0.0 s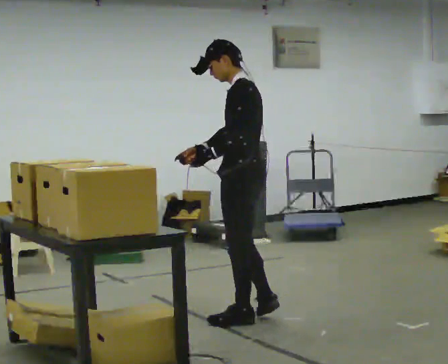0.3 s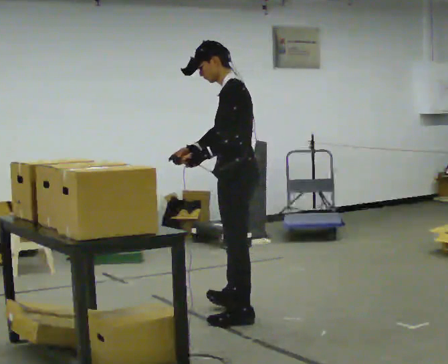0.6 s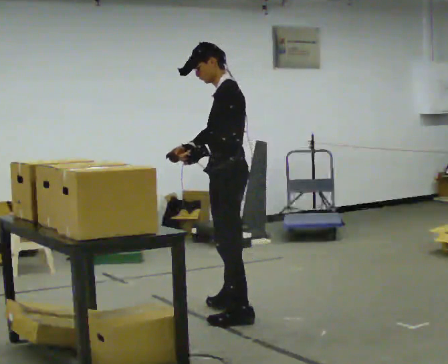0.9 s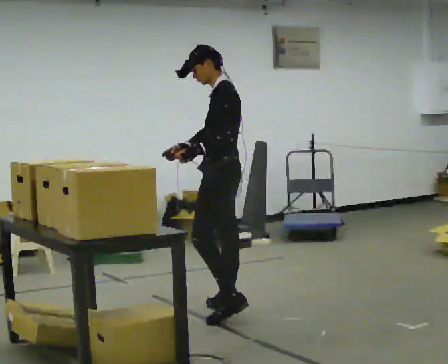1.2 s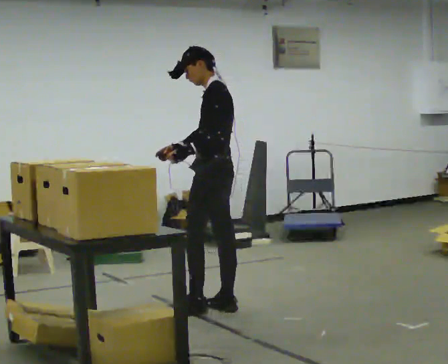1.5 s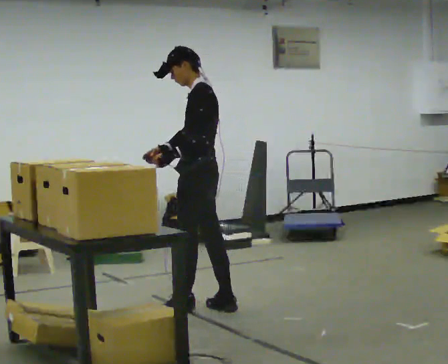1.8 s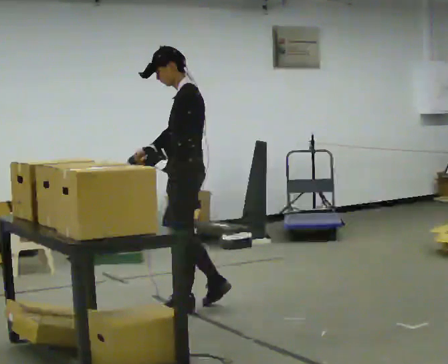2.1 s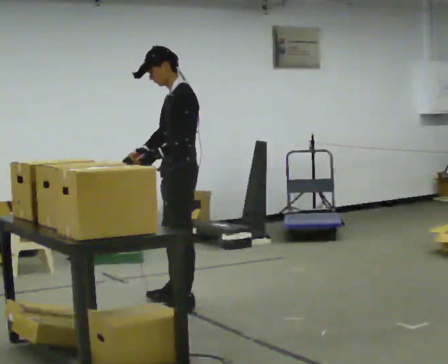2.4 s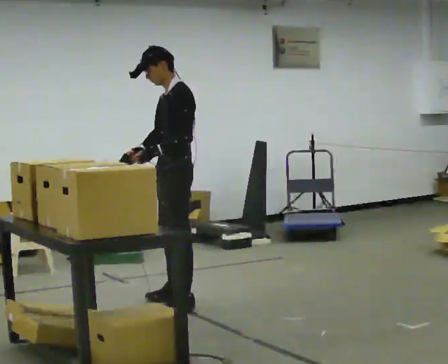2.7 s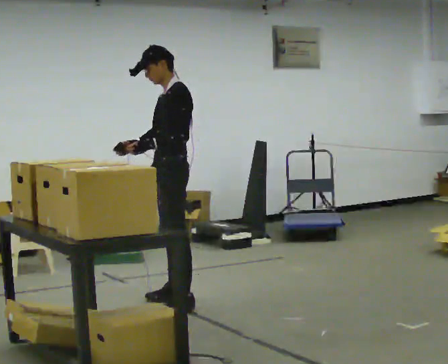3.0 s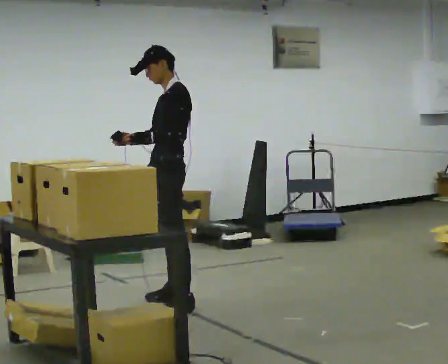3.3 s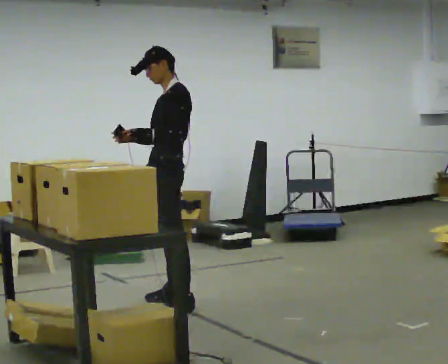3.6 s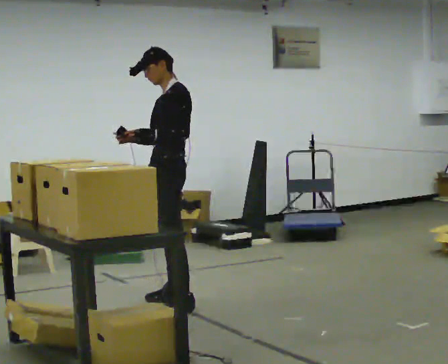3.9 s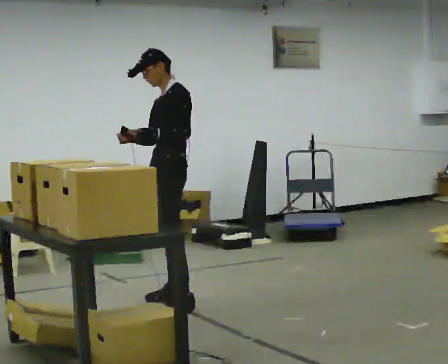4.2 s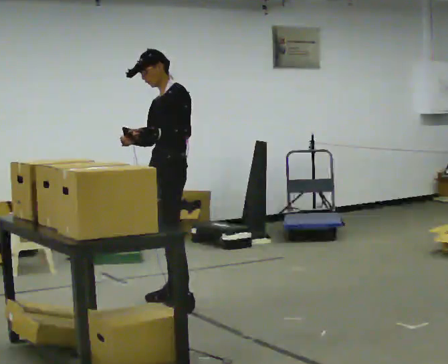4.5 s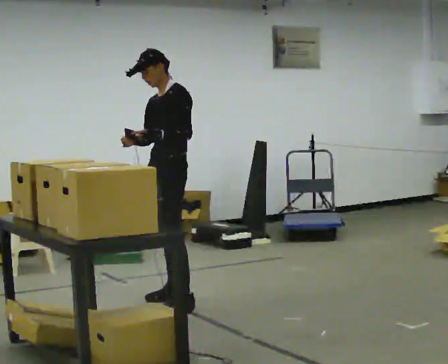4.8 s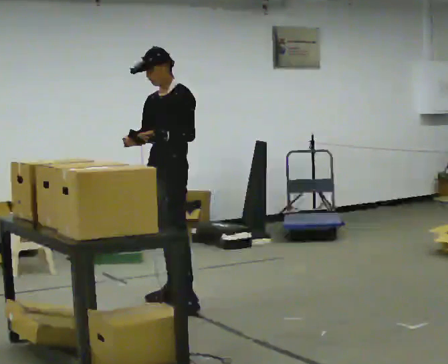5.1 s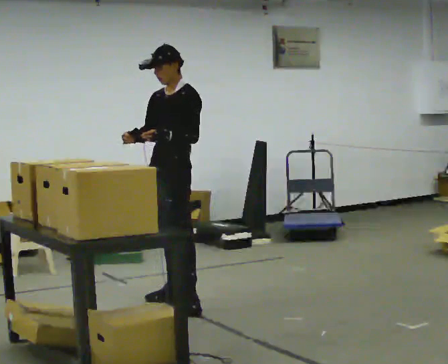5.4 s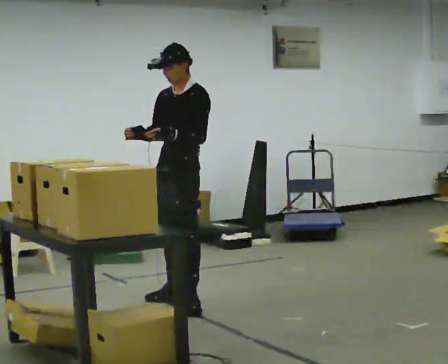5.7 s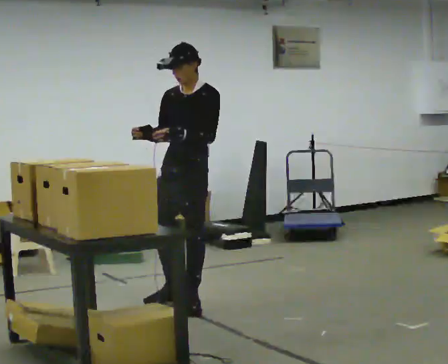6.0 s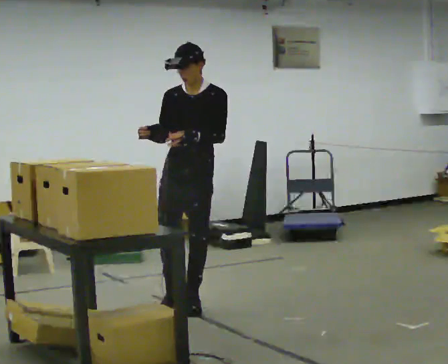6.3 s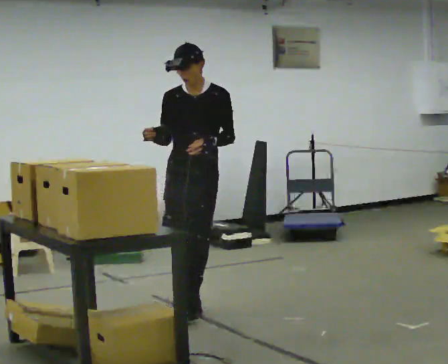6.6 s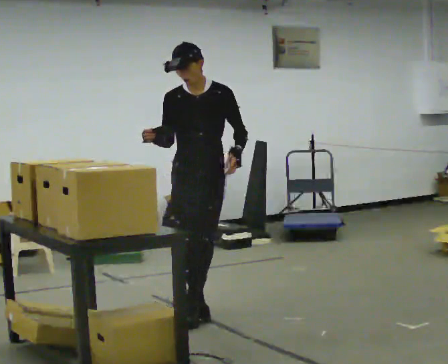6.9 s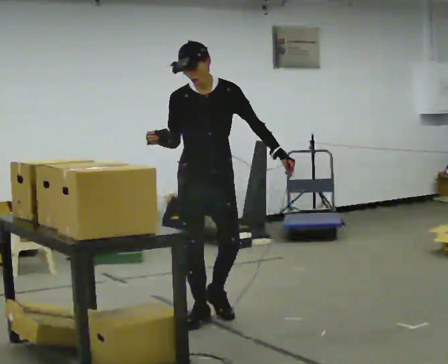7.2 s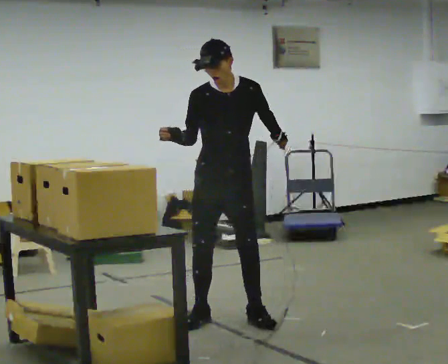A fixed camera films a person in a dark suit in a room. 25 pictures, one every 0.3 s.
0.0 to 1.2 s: In the picture they go away from the camera, about 0.5 m in 1 step, which for them is to their right and forward.
1.2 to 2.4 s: In the picture they go to the left, about 0.25 m in 2 steps, which for them is forward.
2.4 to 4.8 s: Seen from above the body turns counterclockwise, about 30 degrees: to their left, with its near side sliding to the right. In the picture they go away from the camera, about 0.25 m, which for them is to their right.
4.8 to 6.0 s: Seen from above the body turns counterclockwise, about 30 degrees: to their left, with its near side sliding to the right. In the picture they go toward the camera, about 0.25 m, which for them is to their left.
6.0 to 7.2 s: In the picture they go toward the camera and to the right, about 0.25 m in 2 steps, which for them is forward and to their left.
The film runs forward here.
